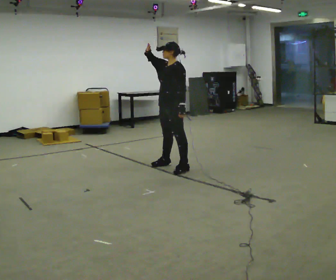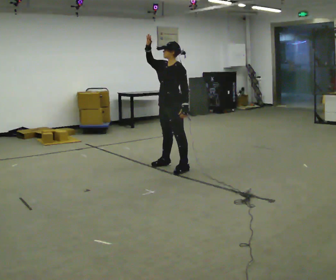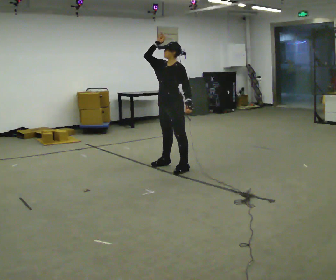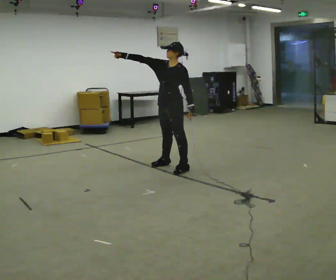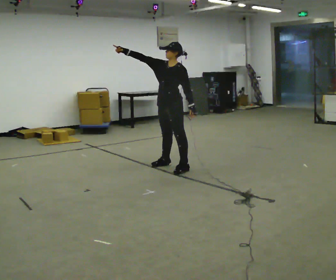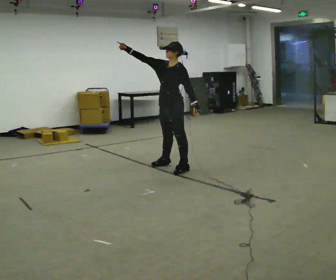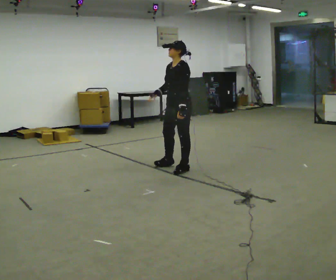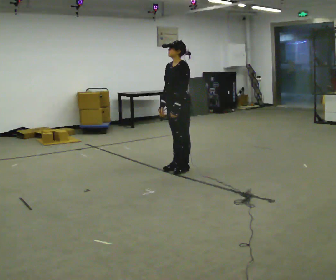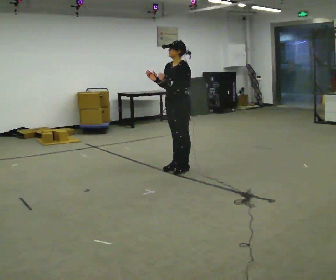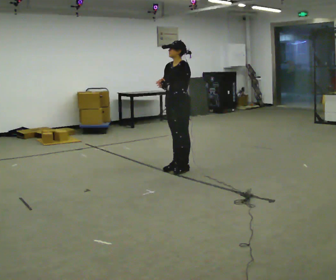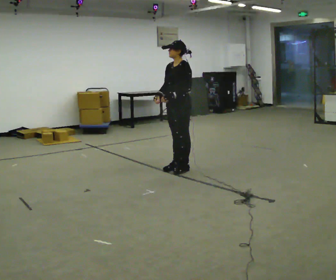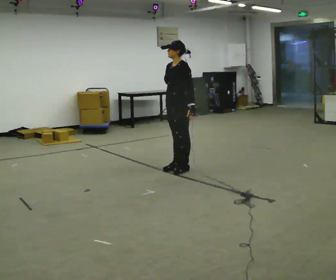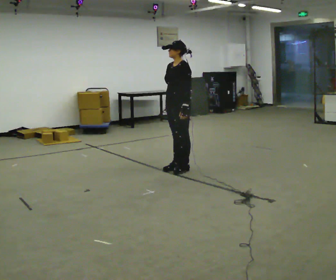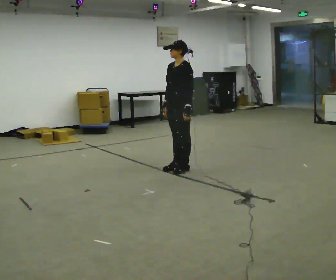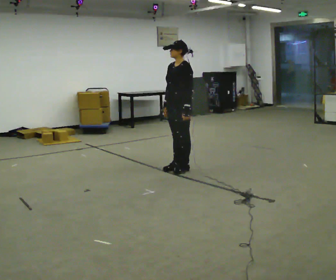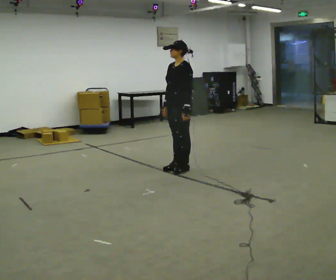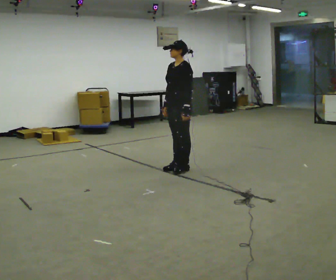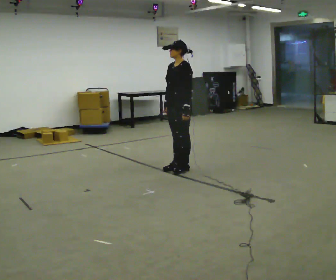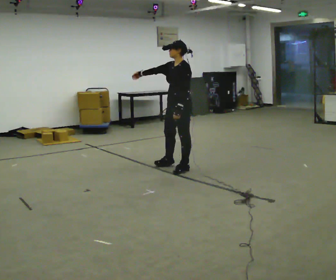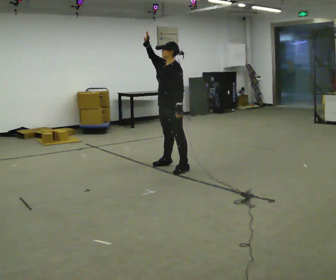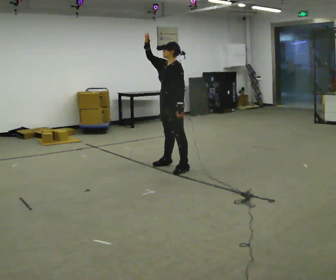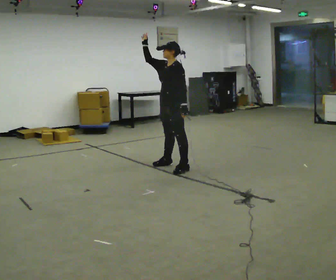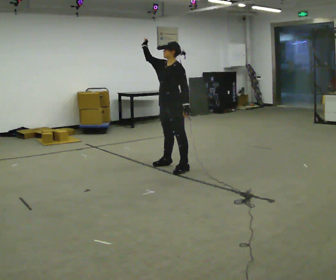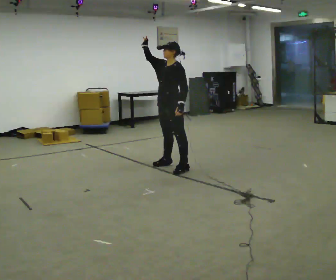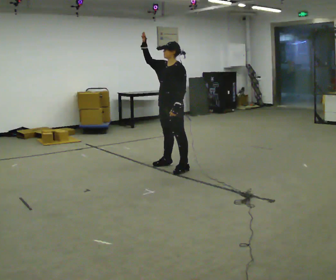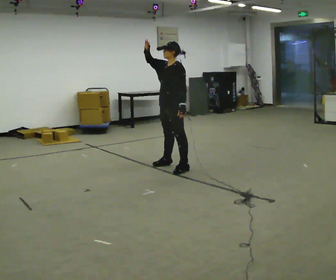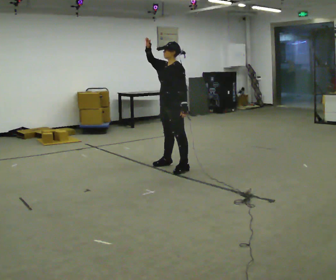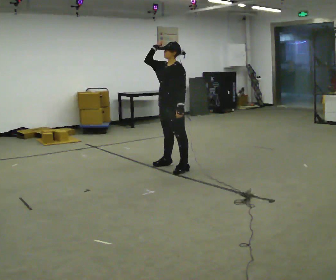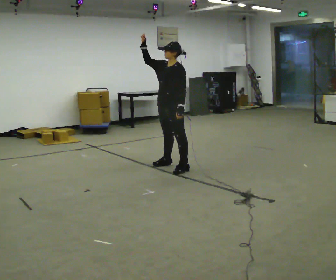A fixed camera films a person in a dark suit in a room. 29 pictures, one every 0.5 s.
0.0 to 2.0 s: The person moves a little, or ends about where they began.
2.0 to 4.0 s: In the picture their left hand goes upward.
4.0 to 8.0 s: The person moves a little, or ends about where they began.
8.0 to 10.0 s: In the picture their right hand goes upward, the arm swinging clockwise.
10.0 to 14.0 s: The person moves a little, or ends about where they began.
The film runs forward here.
